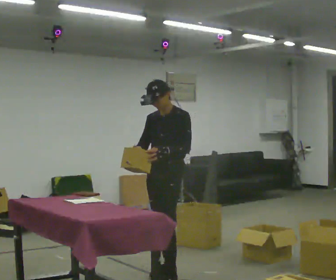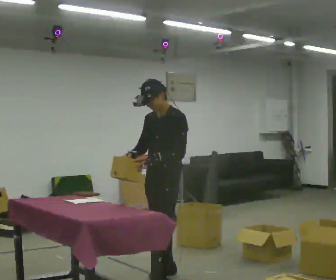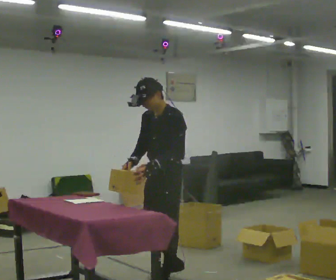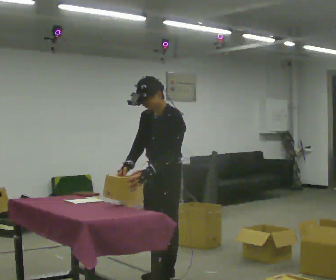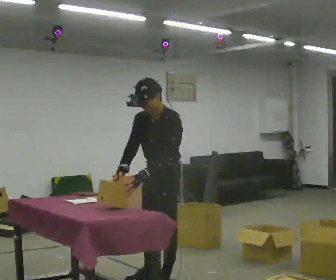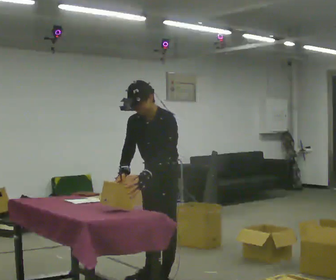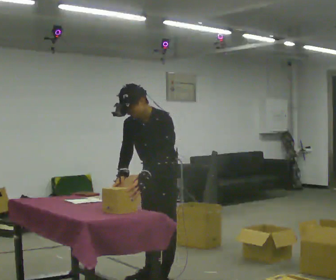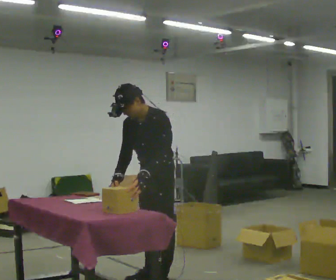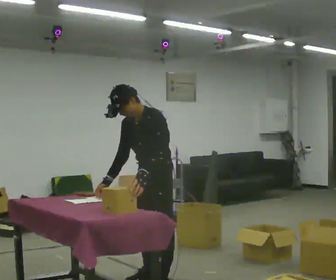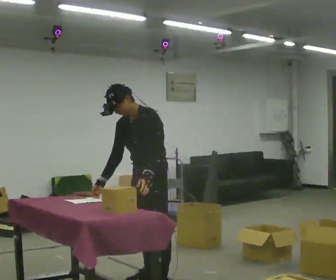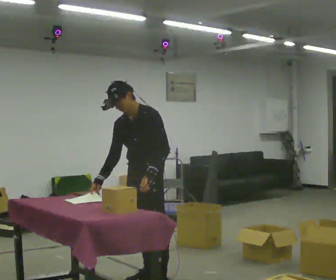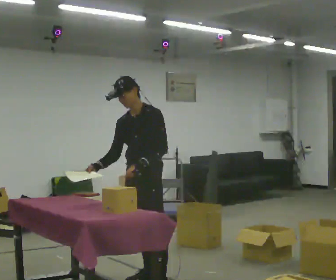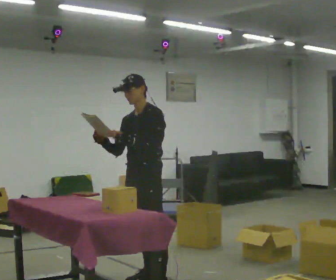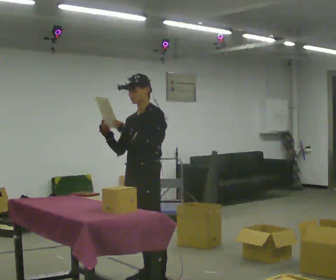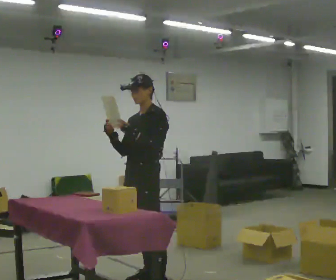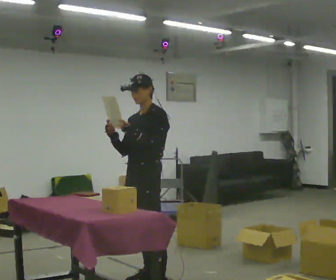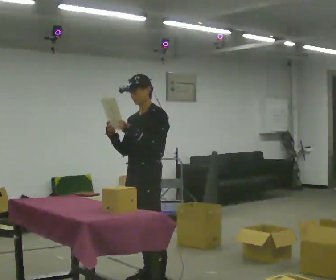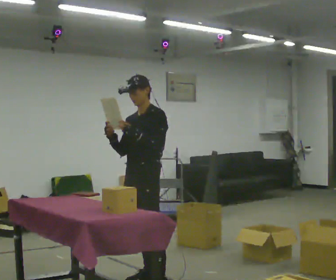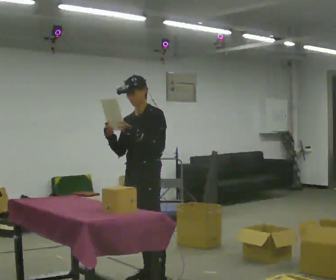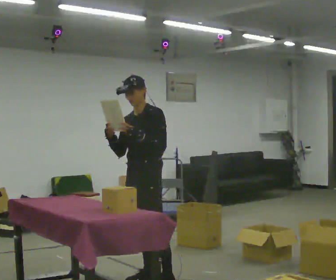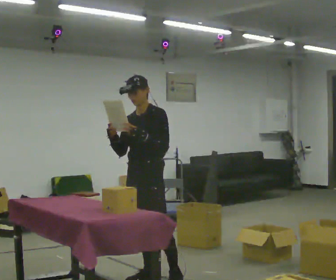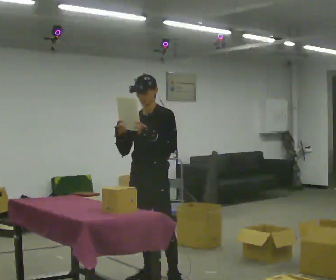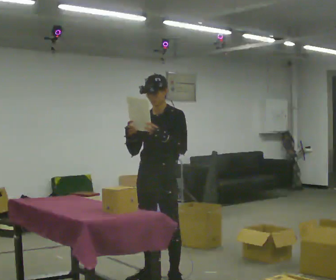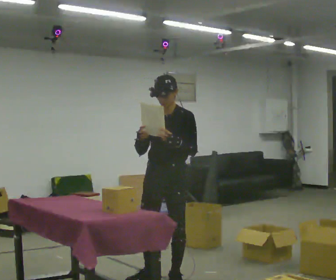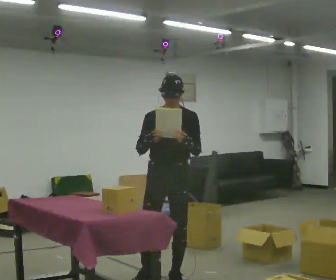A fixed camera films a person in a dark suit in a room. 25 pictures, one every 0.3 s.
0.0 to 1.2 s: In the picture they go toward the camera, about 0.25 m in 2 steps, which for them is to their left and forward. The upper body tips toward the camera, its near side rolling downward, as they bend forward.
1.2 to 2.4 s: The person moves a little, or ends about where they began.
2.4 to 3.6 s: The upper body tips away from the camera, its near side rolling upward, as they lean back or straighten. In the picture their right hand goes upward.
3.6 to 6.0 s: The person moves a little, or ends about where they began.
6.0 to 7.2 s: The part of the body nearest the lens slides to the right as the person turns to their left by about 30 degrees. In the picture they go to the right, about 0.25 m, which for them is to their left. In the picture their left hand goes to the right.
The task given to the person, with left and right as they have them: 1. Read the parts list. 2. Collect each part from the bins around the room. 3. Lay them out on the table in the order on the list. 4. Put them all in the carry case. 5. Tell the operator when you are finished.
The film runs forward here.
